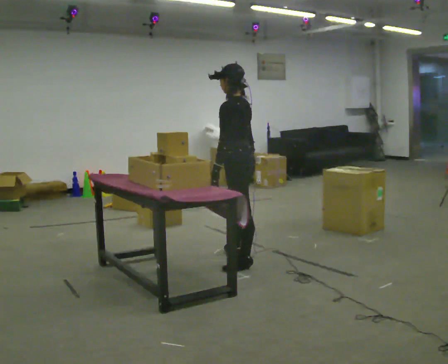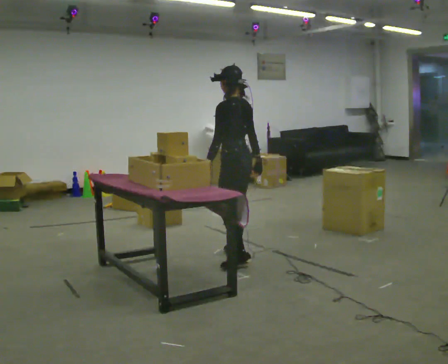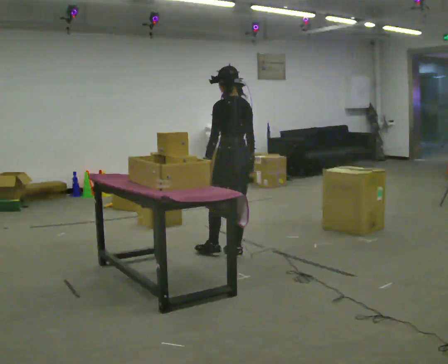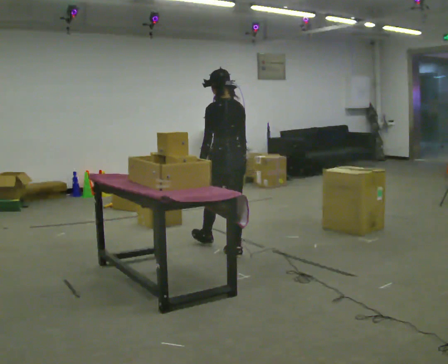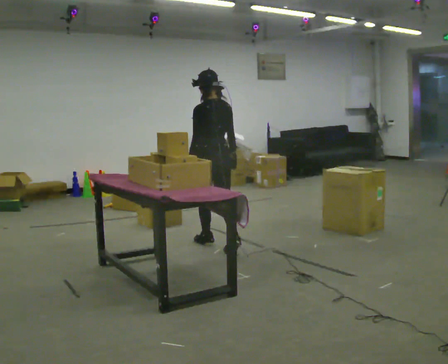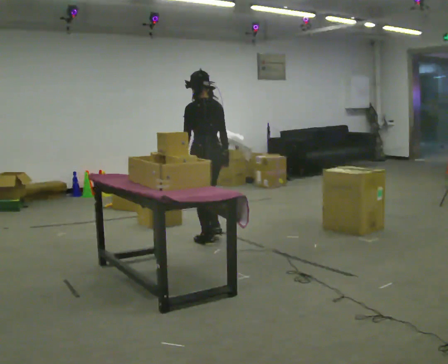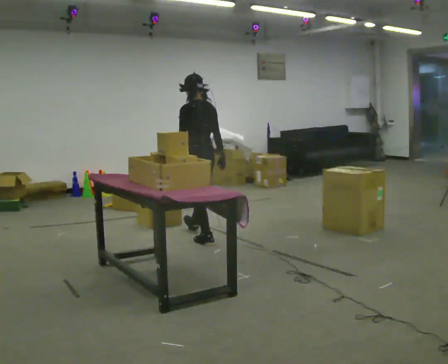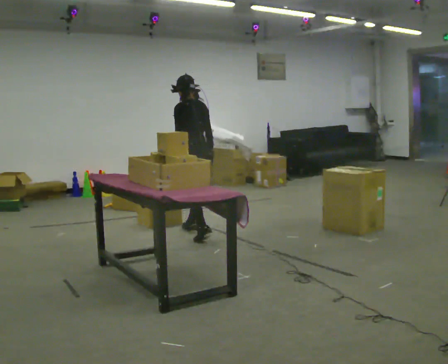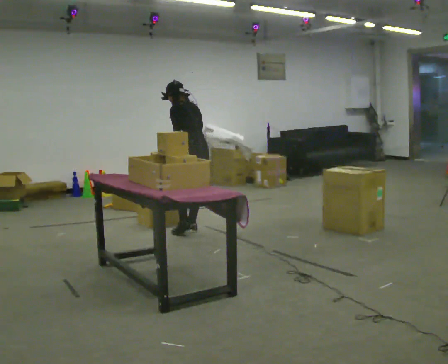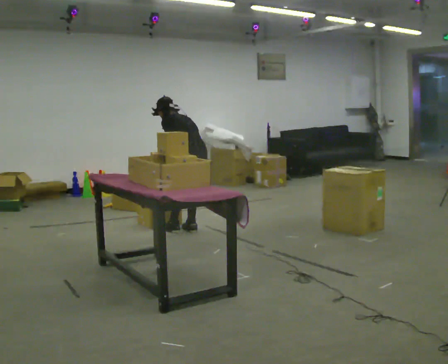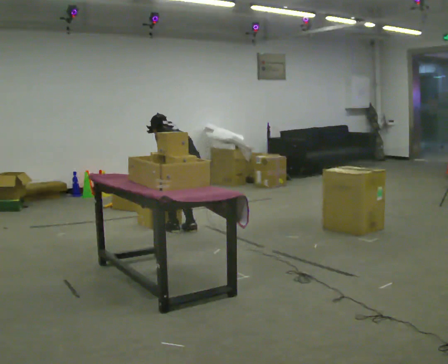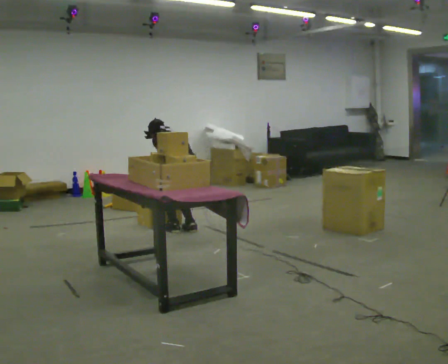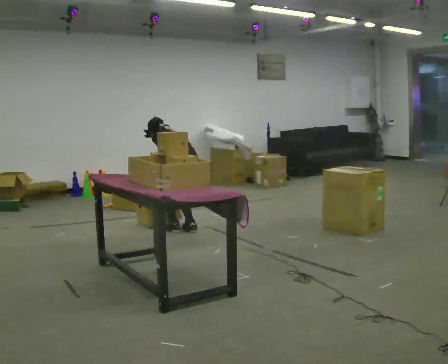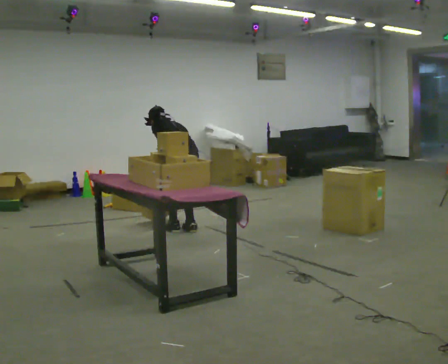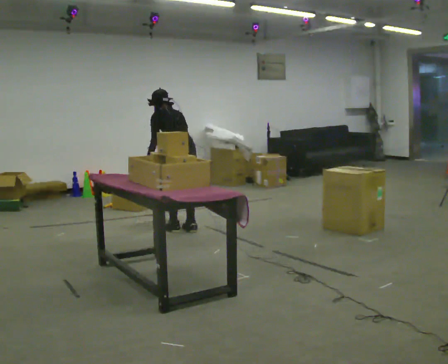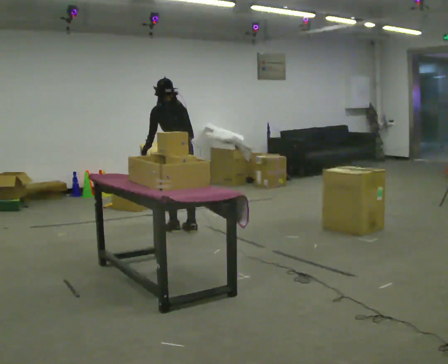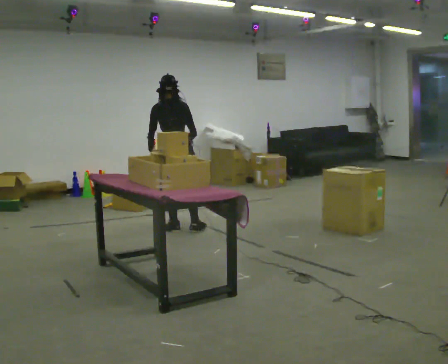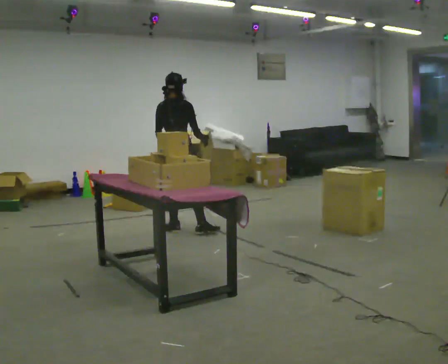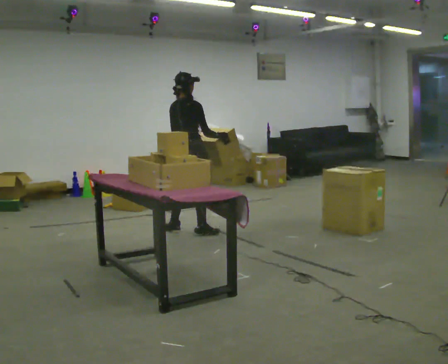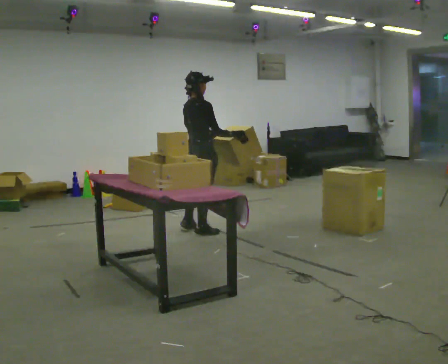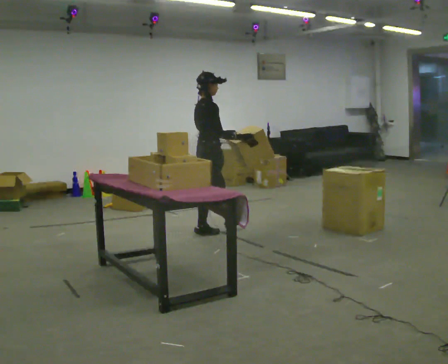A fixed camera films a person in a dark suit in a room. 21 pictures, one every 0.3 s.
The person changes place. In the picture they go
away from the camera.
0.0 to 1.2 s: Seen from above the body turns clockwise, about 45 degrees: to their right, with its near side sliding to the left. In the picture they go away from the camera, about 0.5 m in 1 step, which for them is forward.
1.2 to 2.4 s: In the picture they go away from the camera, about 0.5 m in 1 step, which for them is forward. The upper body tips away from the camera, its near side rolling upward, as they bend forward.
2.4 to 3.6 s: The shoulders move downward. The upper body tips away from the camera, its near side rolling upward, as they bend forward.
3.6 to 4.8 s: The part of the body nearest the lens slides to the left as the person turns to their right by about 45 degrees. The shoulders move upward. The upper body tips toward the camera, its near side rolling downward, as they lean back or straighten.
4.8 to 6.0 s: Seen from above the body turns clockwise, about 75 degrees: to their right, with its near side sliding to the left. In the picture they go to the right, about 0.25 m.
The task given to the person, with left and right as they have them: 1. Move everything from the second bin into the first bin. 2. Carry the empty bin to the shelf. 3. Carry the full bin to the table. 4. Tell the operator when you are finished.
The film runs forward here.
